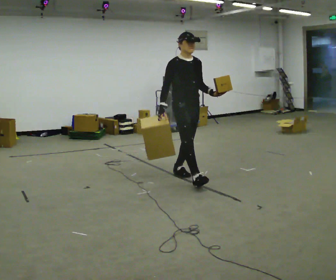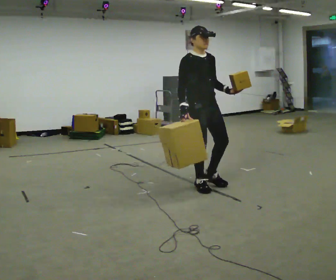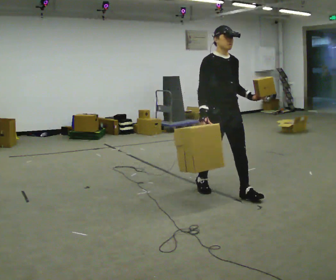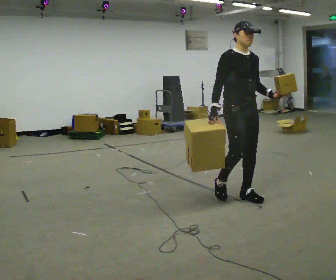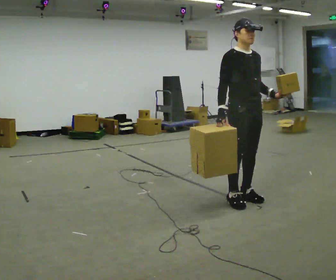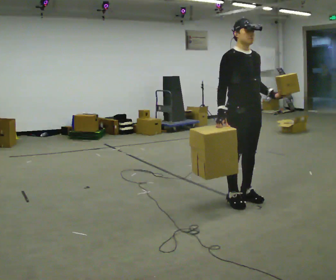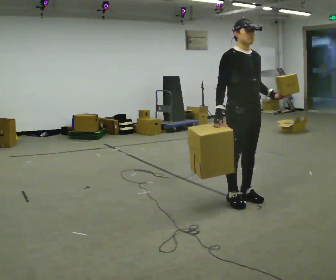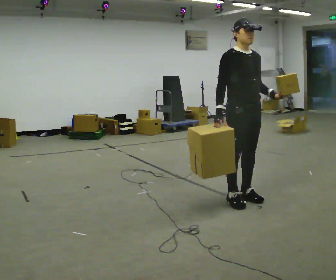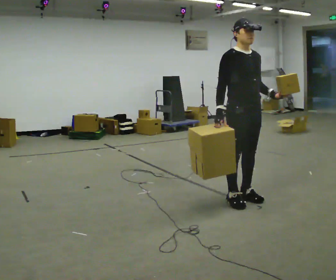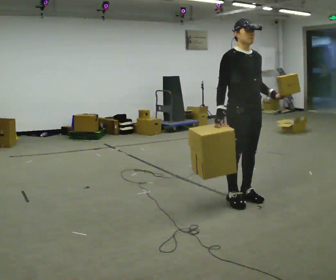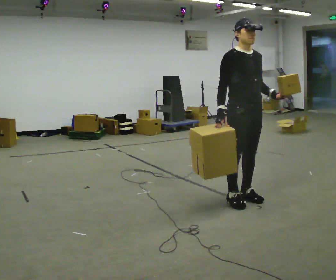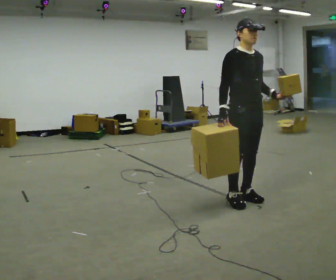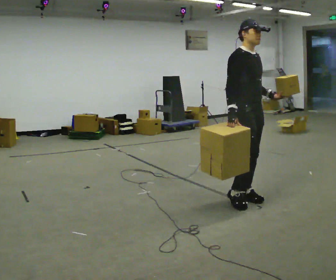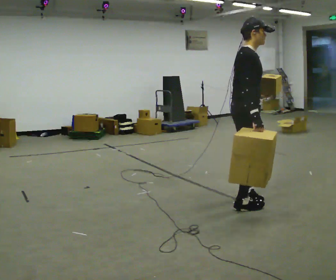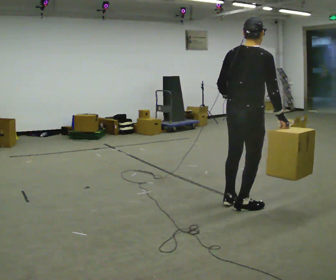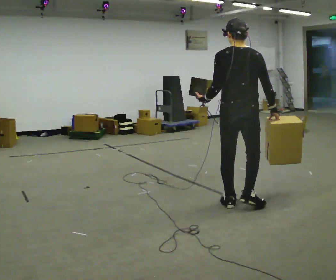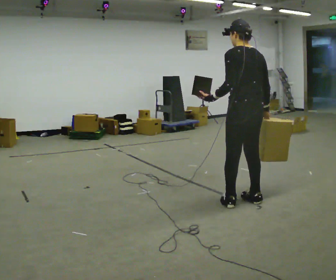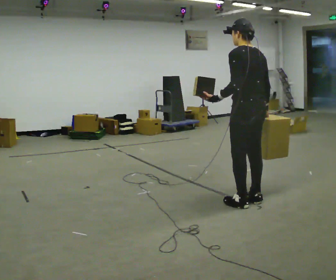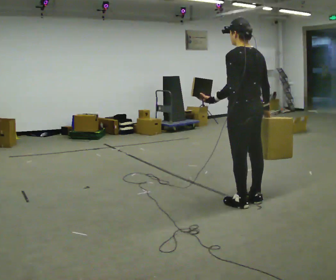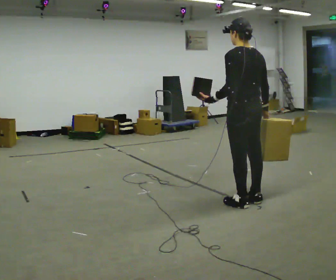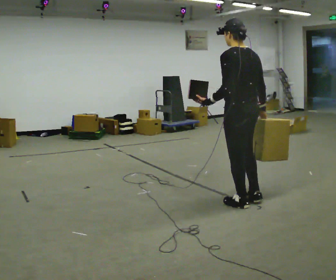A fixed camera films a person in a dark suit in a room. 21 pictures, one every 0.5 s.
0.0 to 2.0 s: In the picture they go toward the camera and to the right, about 1 m in 3 steps, which for them is forward.
2.0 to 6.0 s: The person moves a little, or ends about where they began.
6.0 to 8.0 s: Seen from above the body turns counterclockwise, about 165 degrees: to their left, with its near side sliding to the right. In the picture their left hand goes to the left, the arm swinging clockwise.
8.0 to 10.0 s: The person moves a little, or ends about where they began.
The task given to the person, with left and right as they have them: Carry one object in each hand, the heavy one in the hand the operator calls, walking back and forth across the room.
The film runs forward here.
